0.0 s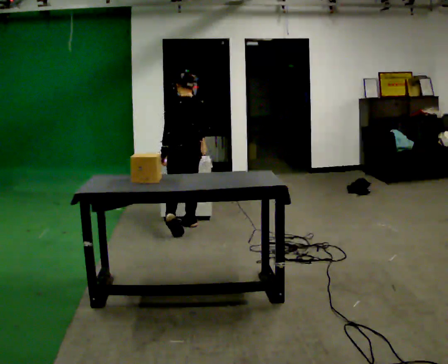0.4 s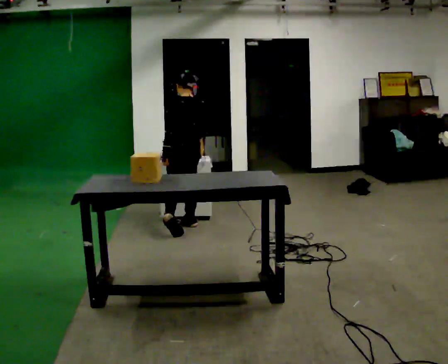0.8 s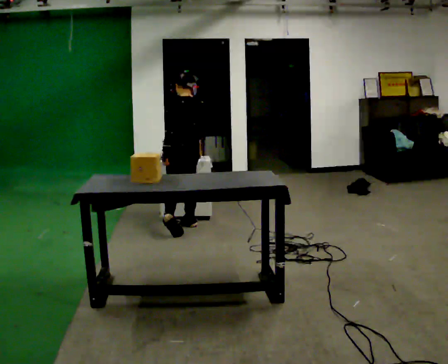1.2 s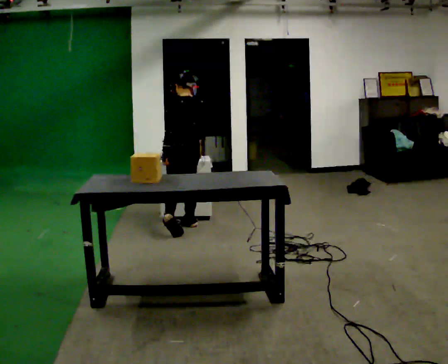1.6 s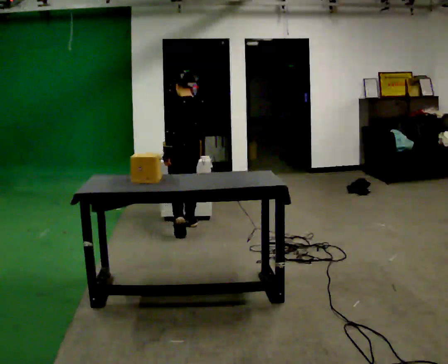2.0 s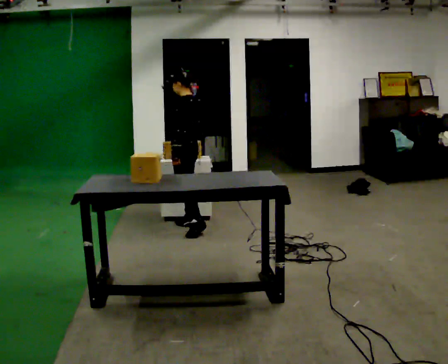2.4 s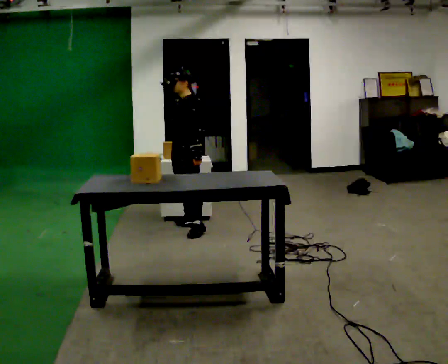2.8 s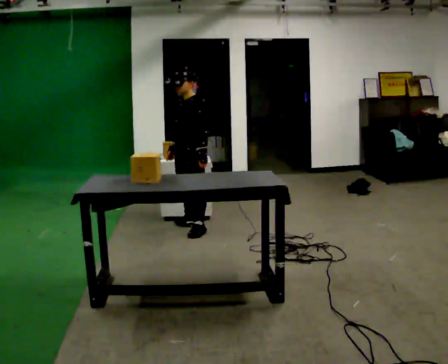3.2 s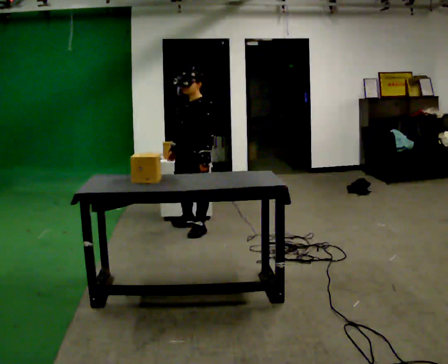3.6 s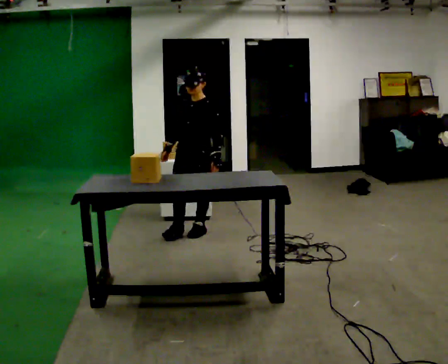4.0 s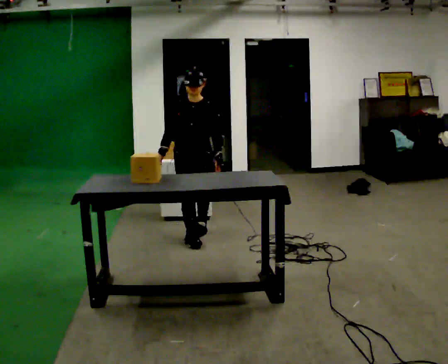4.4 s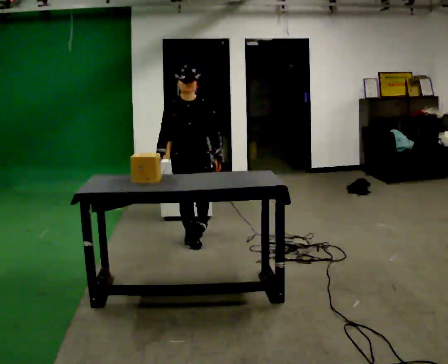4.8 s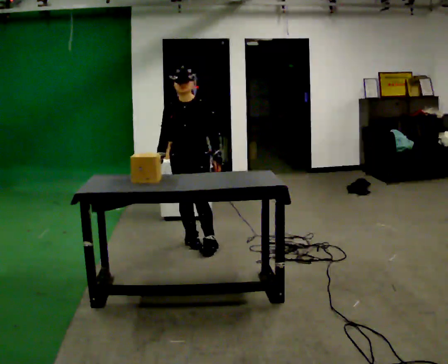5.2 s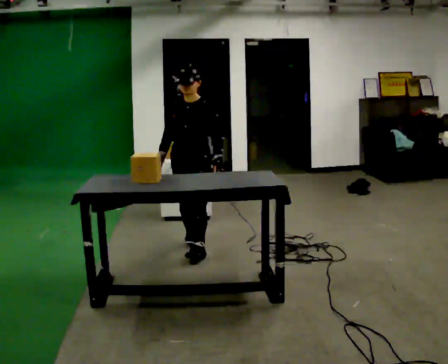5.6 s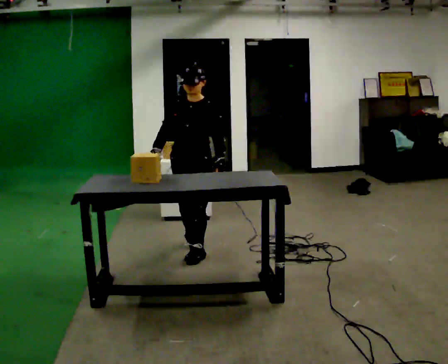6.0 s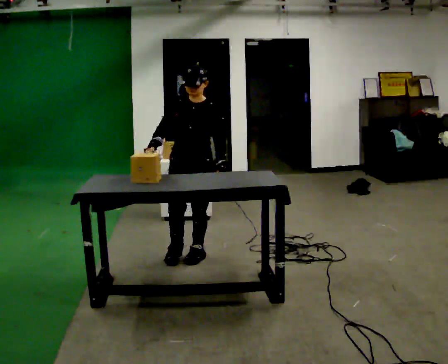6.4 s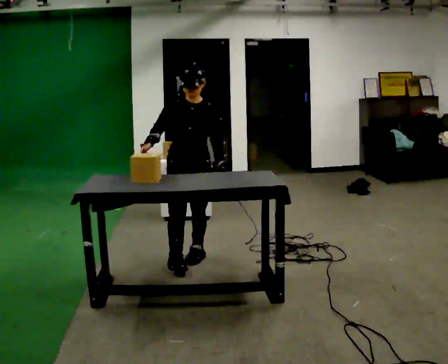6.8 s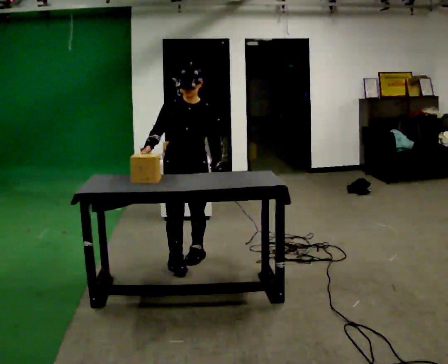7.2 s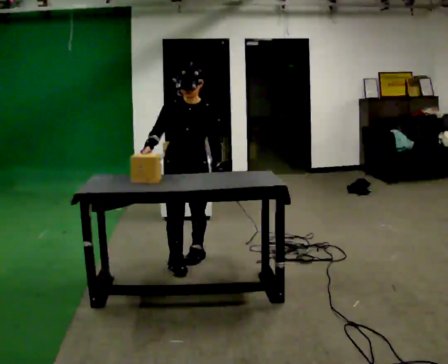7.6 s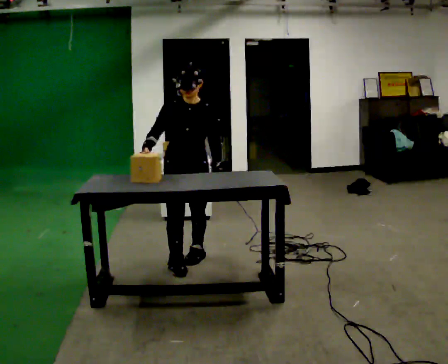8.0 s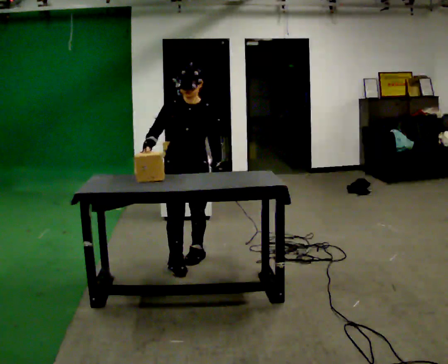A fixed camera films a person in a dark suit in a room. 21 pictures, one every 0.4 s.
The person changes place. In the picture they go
toward the camera.
0.0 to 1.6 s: The person moves a little, or ends about where they began.
1.6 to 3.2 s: The person turns about 75 degrees to their left, counterclockwise seen from above, so the part of the body nearest the lens slides to the right. In the picture they go toward the camera, about 0.25 m in 1 step.
3.2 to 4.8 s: The person turns about 45 degrees to their left, counterclockwise seen from above, so the part of the body nearest the lens slides to the right. In the picture they go toward the camera, about 0.5 m in 1 step.
4.8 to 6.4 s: In the picture they go toward the camera, about 0.25 m in 2 steps, which for them is forward.
6.4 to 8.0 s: The person moves a little, or ends about where they began.
The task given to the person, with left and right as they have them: 1. Move all 12 boxes from the shelf at one end of the room to the shelf at the other end. 2. The cart is not available today, so carry them. 3. Tell the operator when you are finished.
The film runs forward here.
